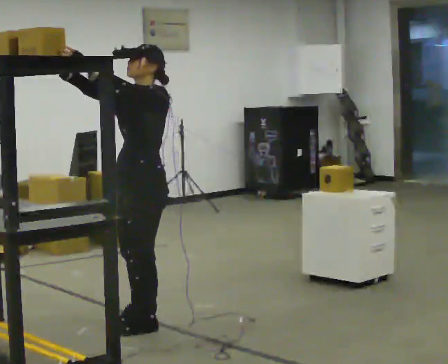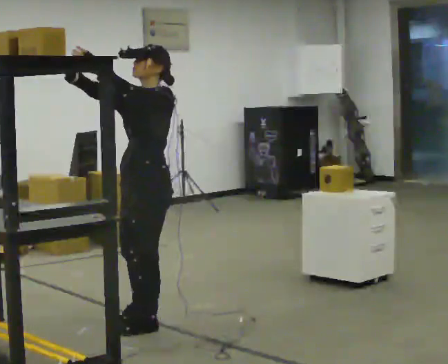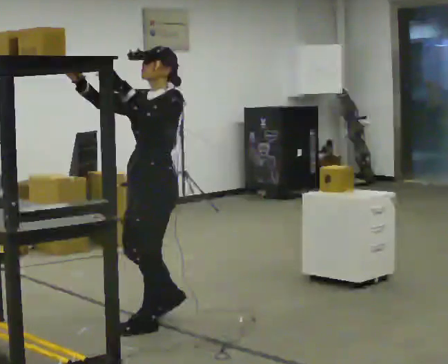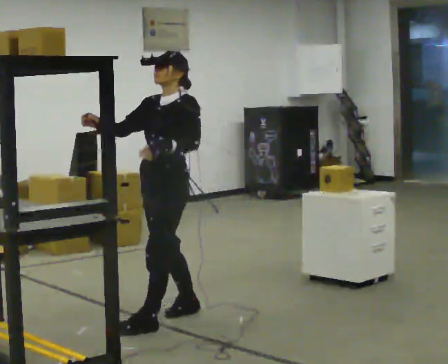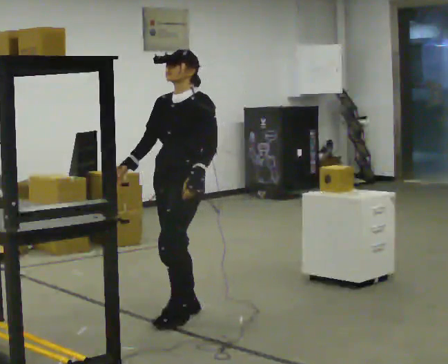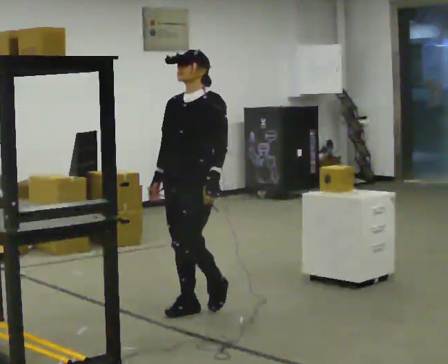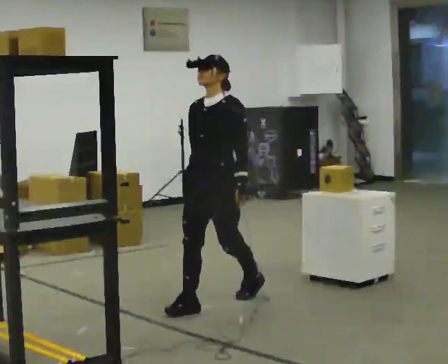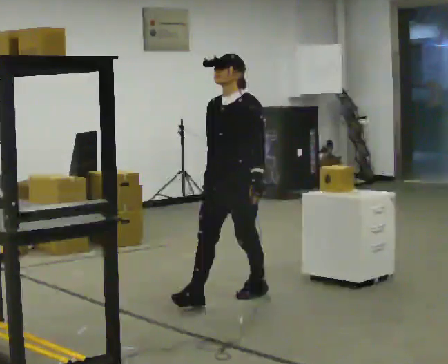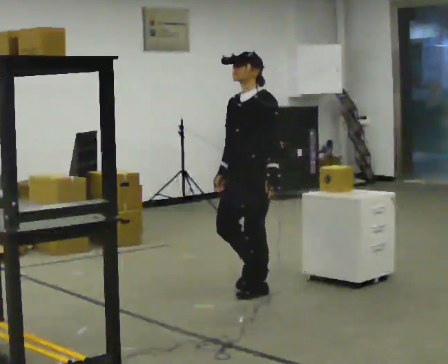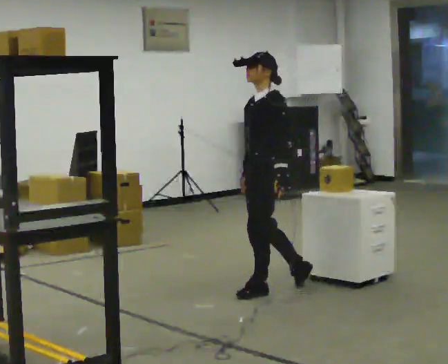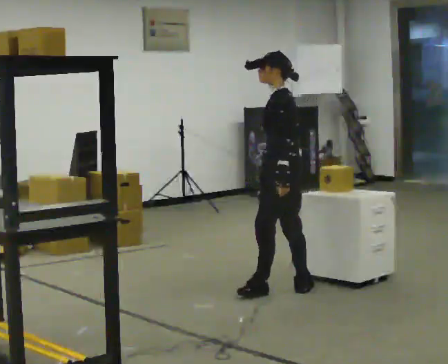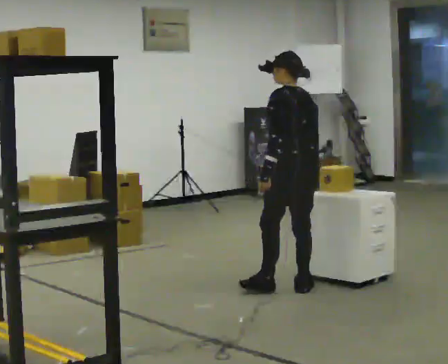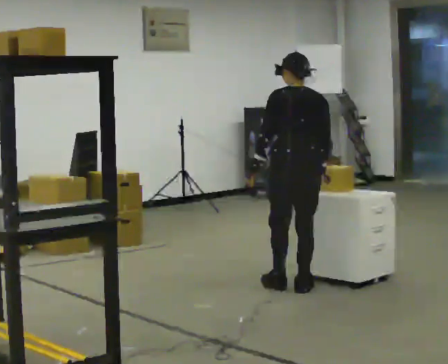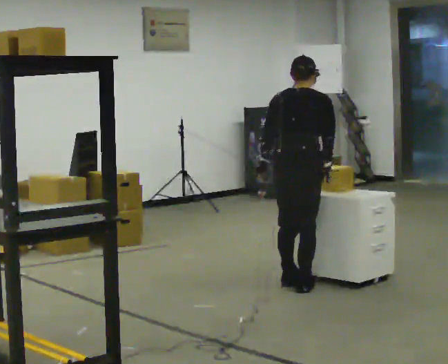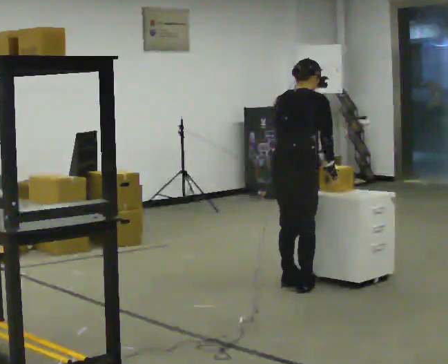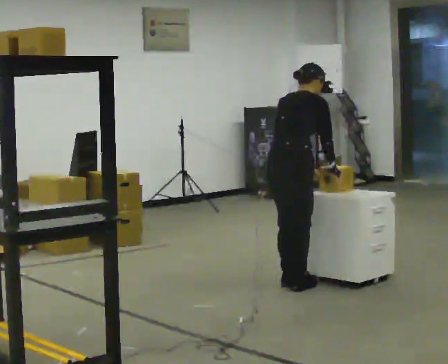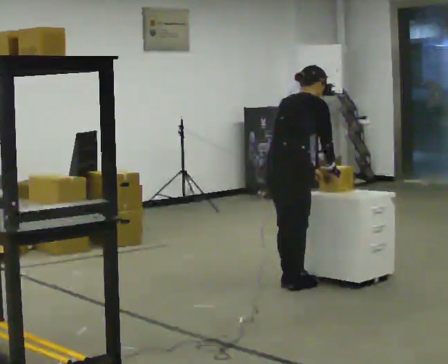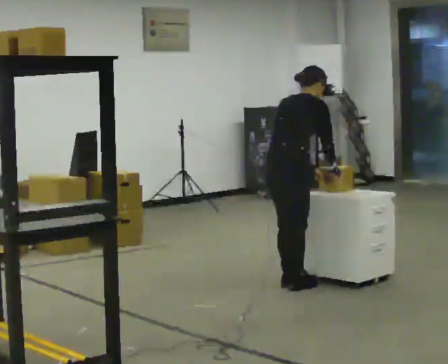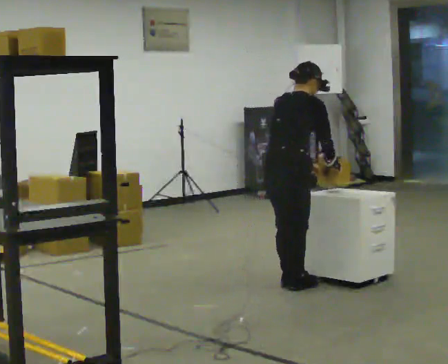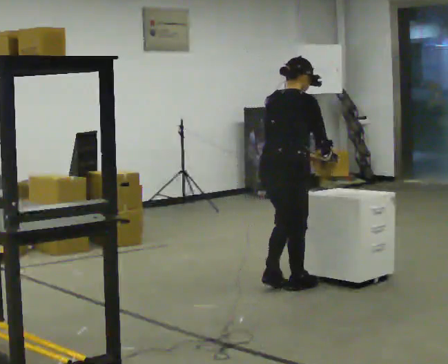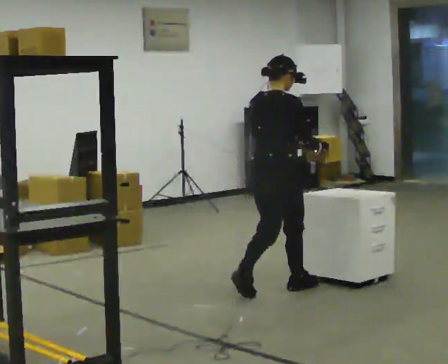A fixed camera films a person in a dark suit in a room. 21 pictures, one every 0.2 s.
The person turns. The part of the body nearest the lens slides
to the left.
The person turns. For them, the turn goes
to their right.
0.0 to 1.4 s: In the picture they go away from the camera and to the right, about 1 m in 3 steps, which for them is backward. In the picture their right hand goes downward, the arm swinging counterclockwise.
1.4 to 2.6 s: The part of the body nearest the lens slides to the left as the person turns to their right by about 150 degrees. In the picture they go to the right and away from the camera, about 0.5 m in 1 step. The upper body tips away from the camera, its near side rolling upward, as they bend forward.
2.6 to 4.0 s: The part of the body nearest the lens slides to the left as the person turns to their right by about 30 degrees. In the picture they go to the left, about 0.25 m in 1 step, which for them is backward.
The film runs backward here.
